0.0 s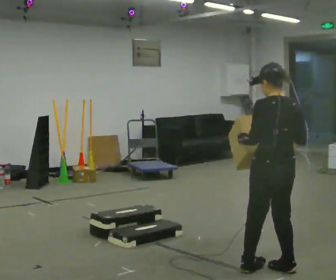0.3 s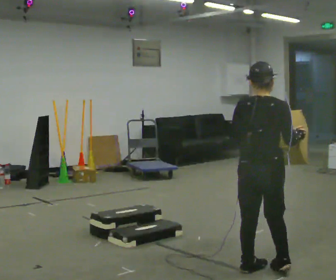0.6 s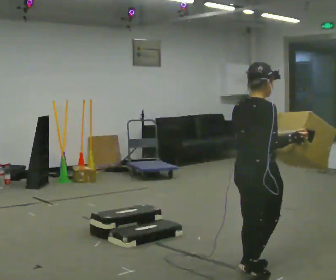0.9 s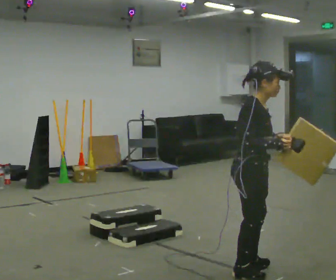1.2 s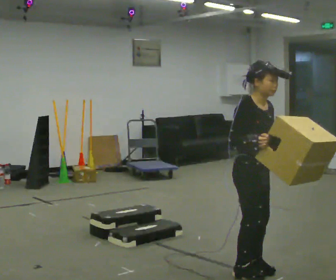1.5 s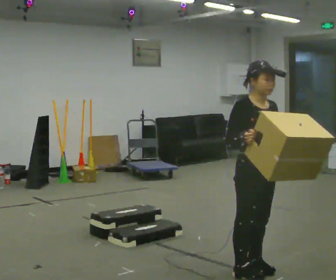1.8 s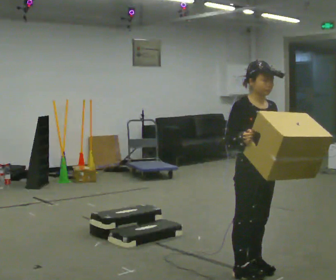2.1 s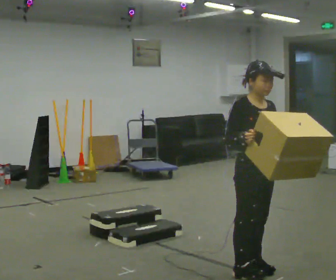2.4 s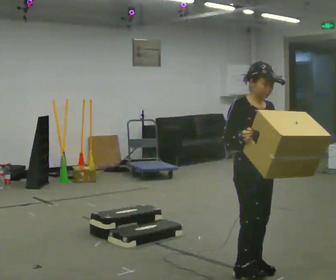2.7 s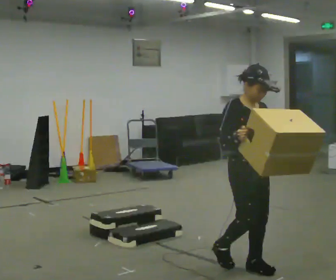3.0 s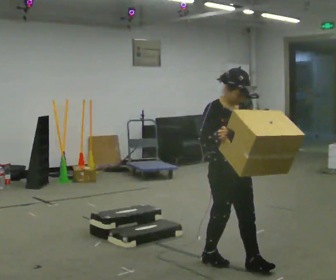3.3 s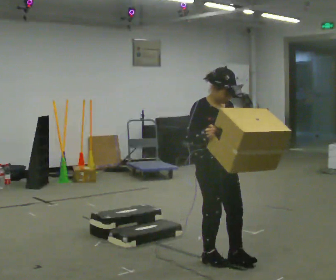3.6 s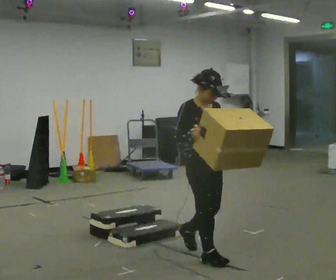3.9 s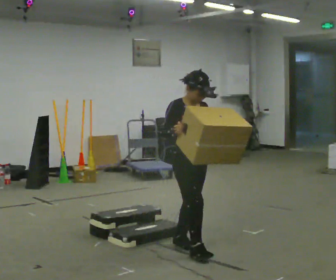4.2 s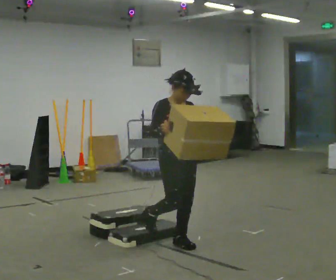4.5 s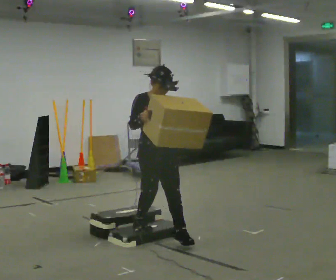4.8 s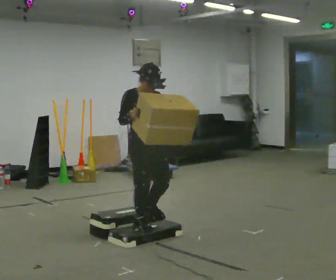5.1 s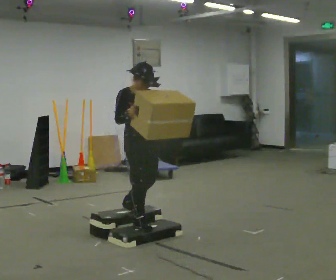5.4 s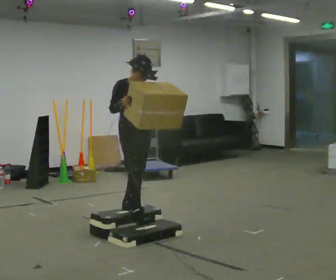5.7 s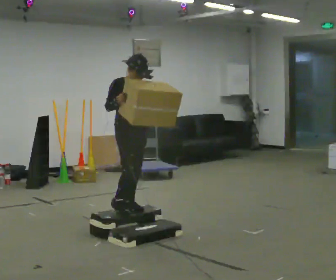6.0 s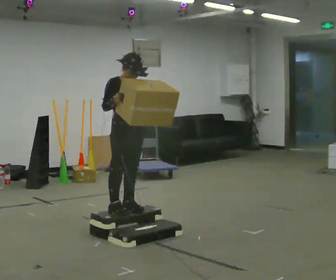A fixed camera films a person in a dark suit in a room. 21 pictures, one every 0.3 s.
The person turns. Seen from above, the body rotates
clockwise.
The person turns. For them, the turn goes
to their right.
0.0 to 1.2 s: The person turns about 135 degrees to their right, clockwise seen from above, so the part of the body nearest the lens slides to the left. In the picture they go to the left, about 0.25 m in 1 step. In the picture their right hand goes to the left.
1.2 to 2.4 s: The person moves a little, or ends about where they began.
2.4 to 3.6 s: In the picture they go away from the camera and to the left, about 0.5 m in 2 steps, which for them is backward.
3.6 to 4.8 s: In the picture they go away from the camera and to the left, about 0.75 m in 2 steps, which for them is backward.
4.8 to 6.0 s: In the picture they go away from the camera and to the left, about 0.25 m in 1 step, which for them is backward.
The film runs backward here.
